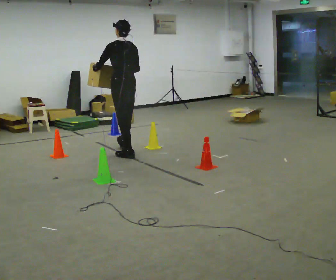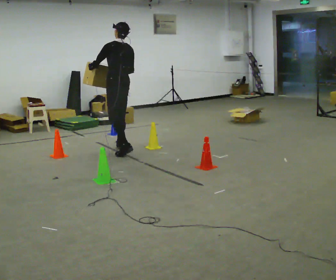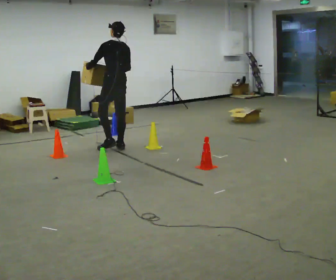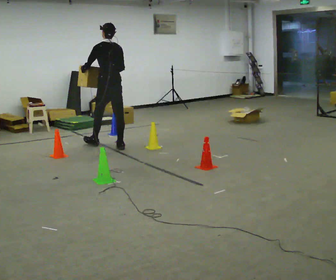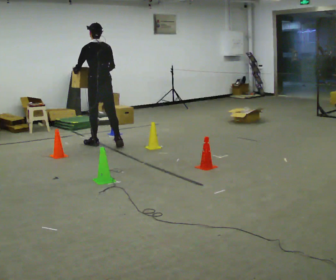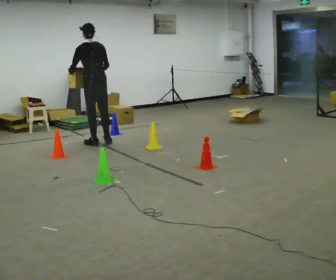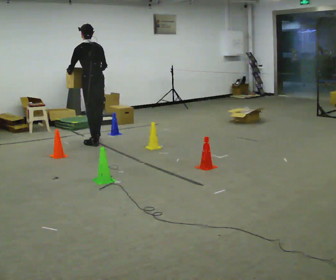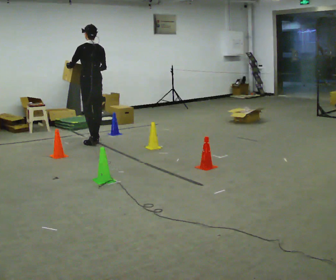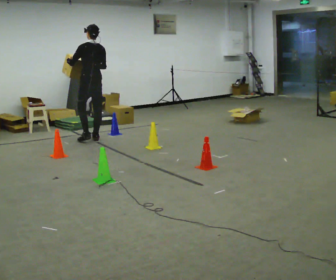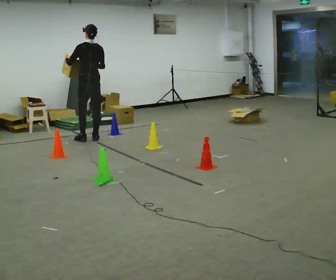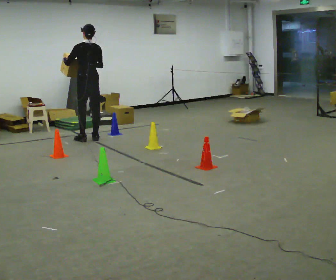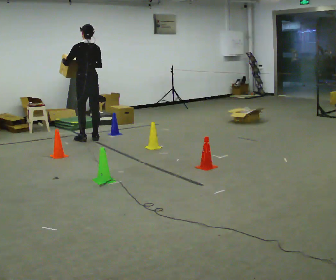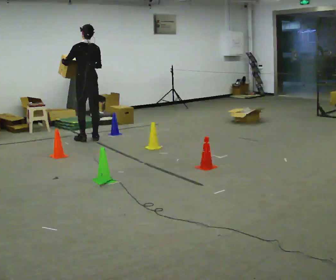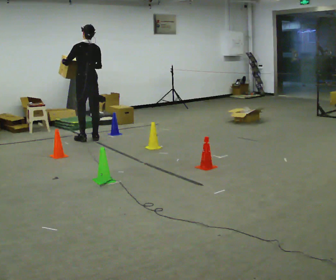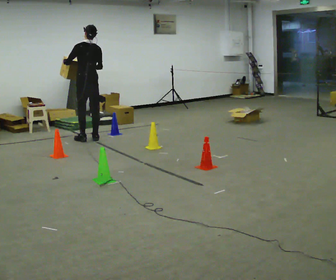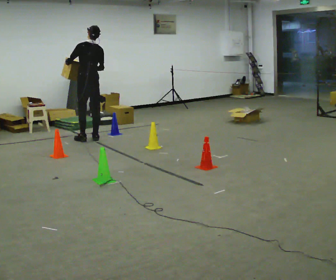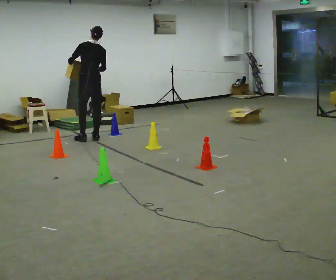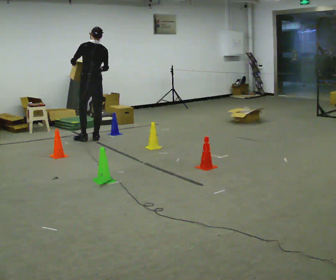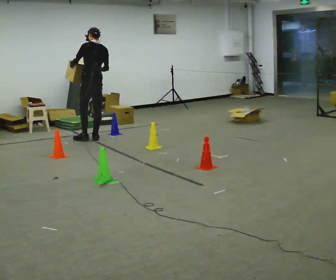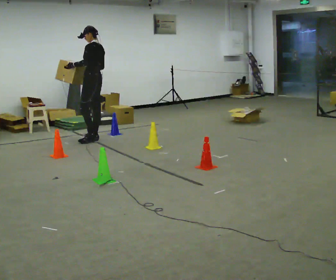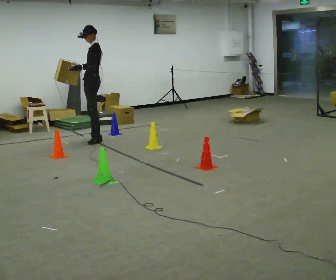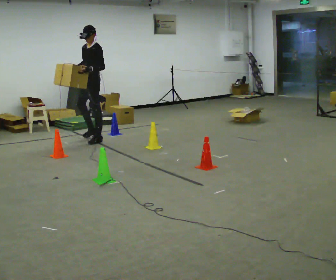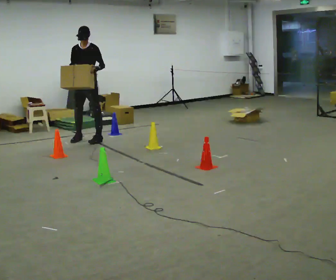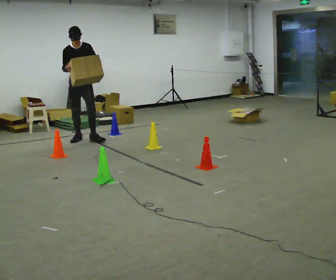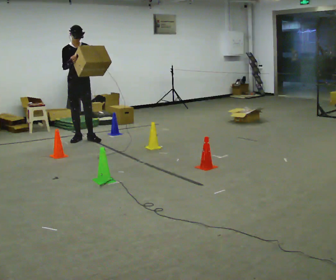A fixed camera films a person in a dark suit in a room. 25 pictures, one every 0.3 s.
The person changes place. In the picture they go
away from the camera.
0.0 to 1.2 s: In the picture they go away from the camera and to the left, about 0.5 m in 2 steps, which for them is forward.
1.2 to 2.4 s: In the picture they go away from the camera, about 0.5 m in 1 step, which for them is forward.
2.4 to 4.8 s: The person moves a little, or ends about where they began.
4.8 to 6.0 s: The person turns about 75 degrees to their left, counterclockwise seen from above, so the part of the body nearest the lens slides to the right.
6.0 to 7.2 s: Seen from above the body turns counterclockwise, about 105 degrees: to their left, with its near side sliding to the right. In the picture they go to the left, about 0.25 m in 2 steps.
The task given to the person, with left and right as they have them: Carry the box through the gap between the panels without touching either side, then set it down and bring it back. Keep going until the operator says stop; one object at a time, and do not rush between trips.
The film runs forward here.
